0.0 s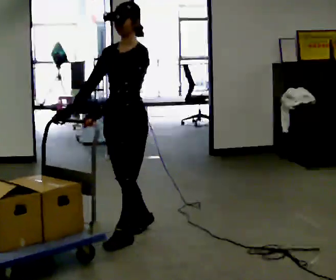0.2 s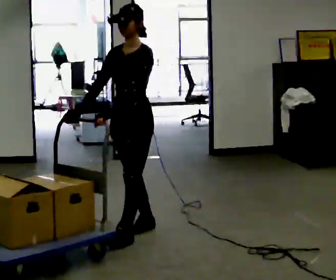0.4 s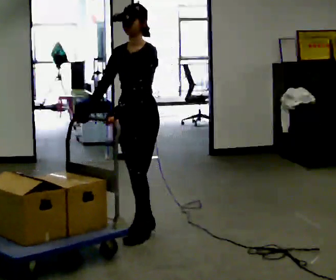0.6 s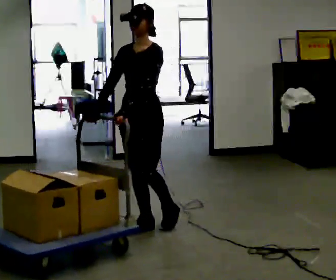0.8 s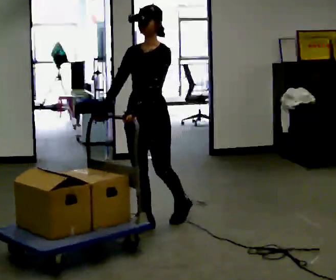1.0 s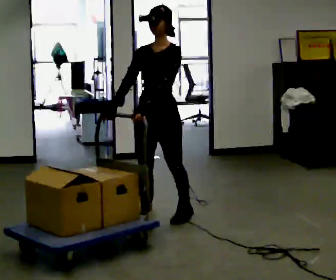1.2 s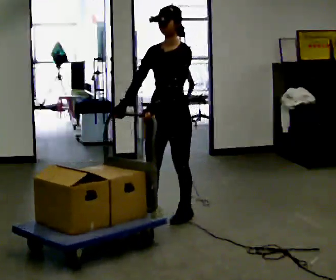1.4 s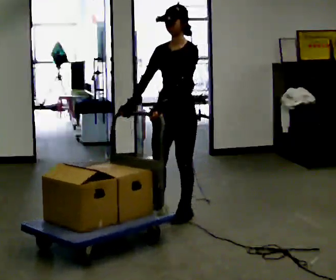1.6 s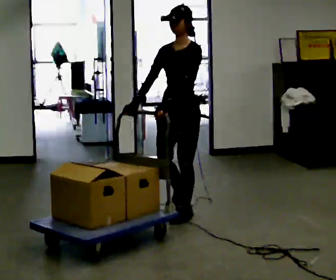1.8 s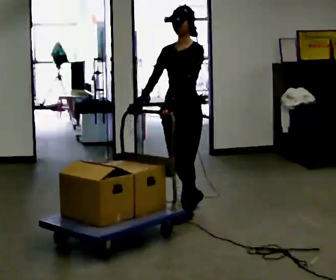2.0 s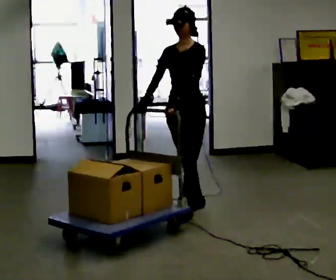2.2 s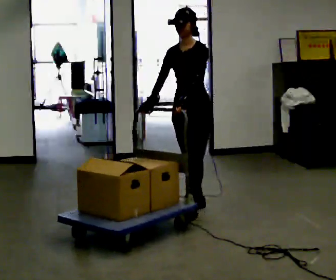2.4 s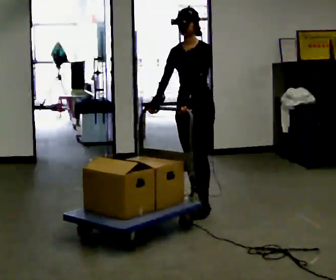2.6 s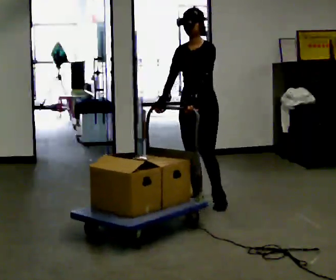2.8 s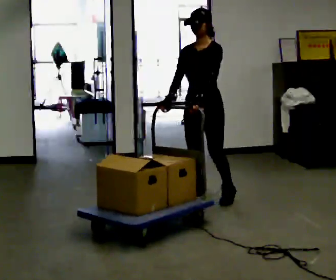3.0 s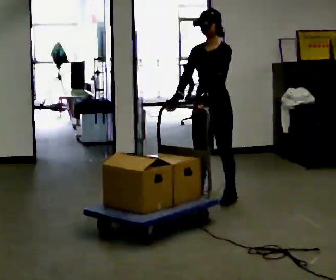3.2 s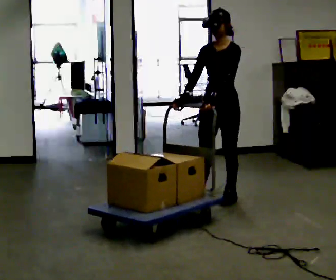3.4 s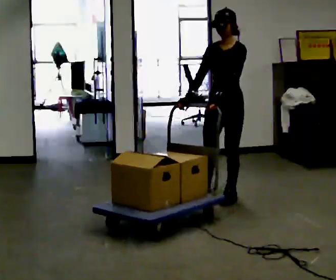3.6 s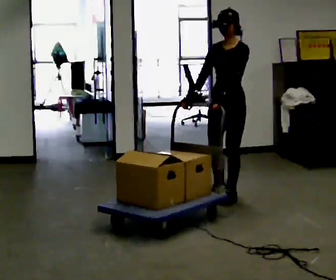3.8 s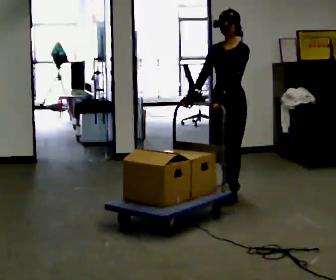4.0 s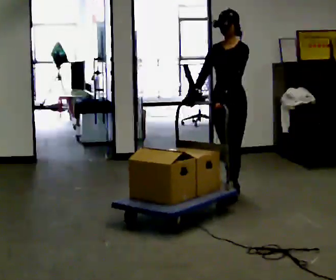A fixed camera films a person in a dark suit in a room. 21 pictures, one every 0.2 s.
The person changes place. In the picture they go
away from the camera.
0.0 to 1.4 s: In the picture they go away from the camera and to the right, about 0.5 m in 2 steps, which for them is backward.
1.4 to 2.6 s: In the picture they go away from the camera and to the right, about 0.5 m in 1 step, which for them is backward.
2.6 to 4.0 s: In the picture they go away from the camera and to the right, about 0.5 m in 1 step, which for them is backward.
The film runs backward here.
